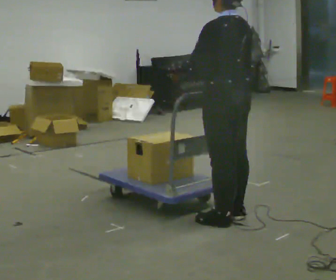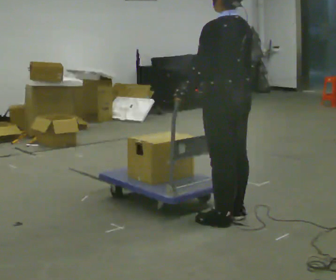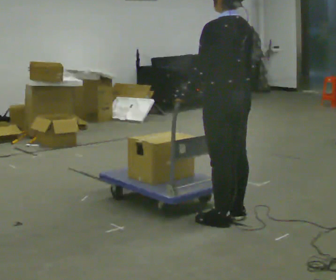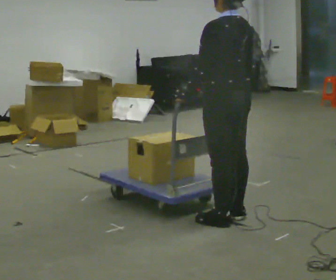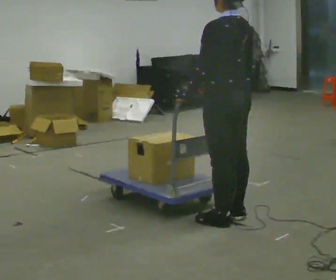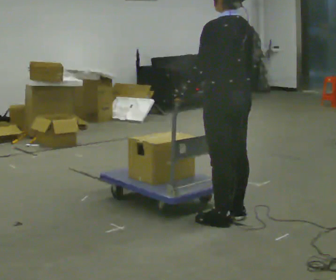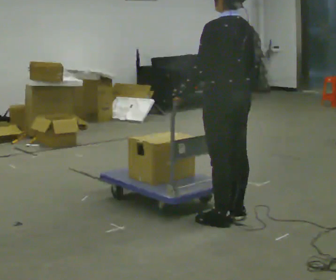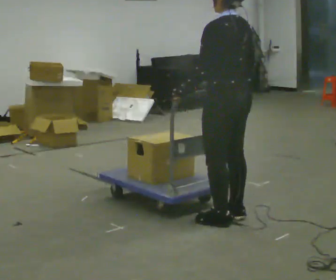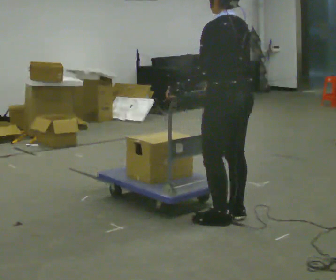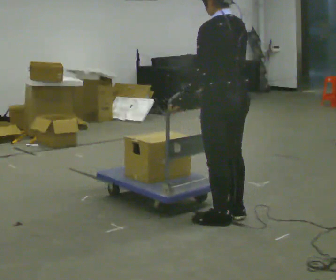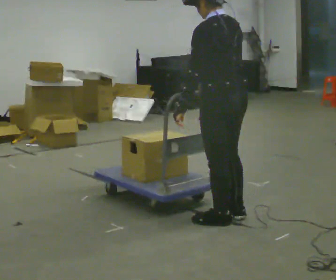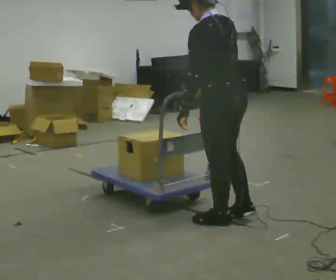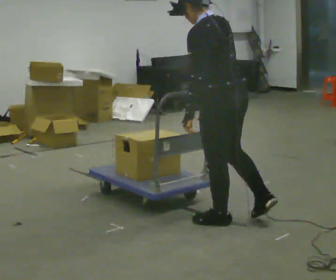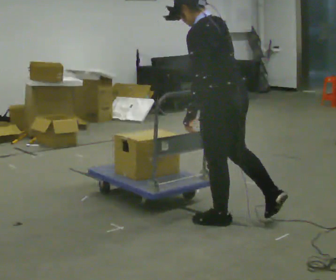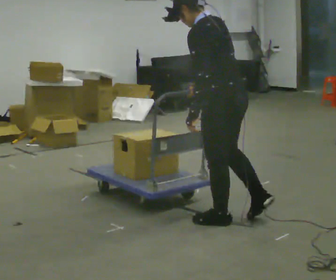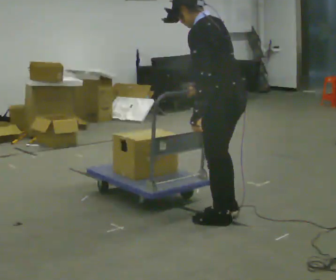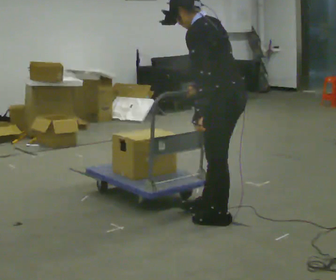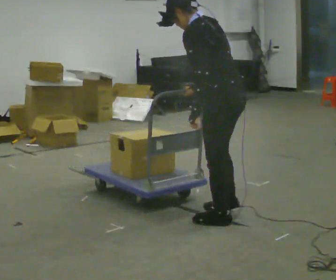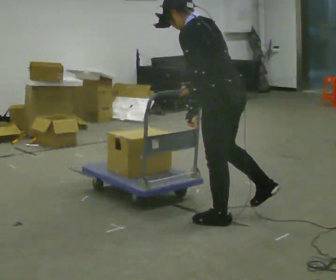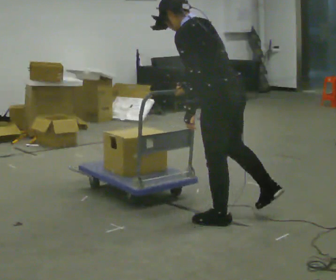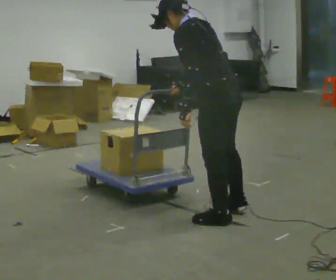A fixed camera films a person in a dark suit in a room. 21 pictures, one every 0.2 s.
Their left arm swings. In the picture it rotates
counterclockwise.
The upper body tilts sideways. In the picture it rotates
counterclockwise.
0.0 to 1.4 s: The person moves a little, or ends about where they began.
1.4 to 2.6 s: In the picture the upper body tilts counterclockwise, shoulders to the left, as they bend forward.
2.6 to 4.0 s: The person moves a little, or ends about where they began.
The film runs backward here.
